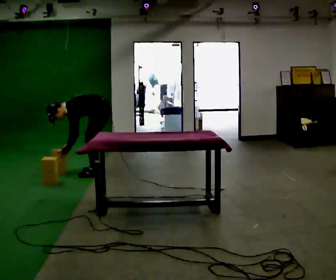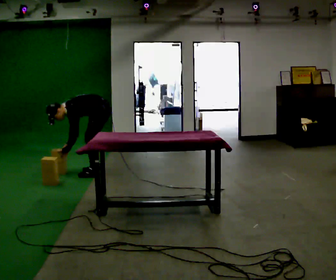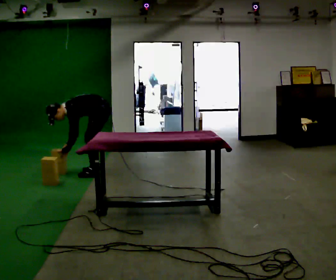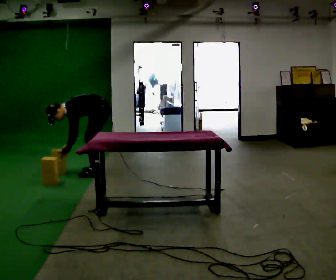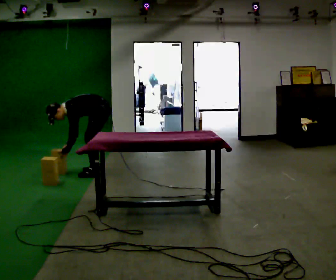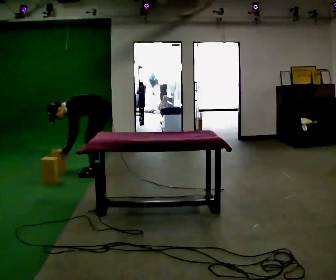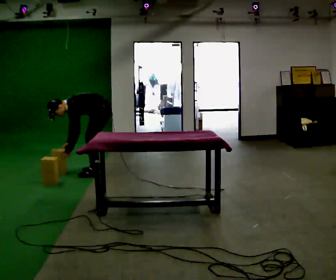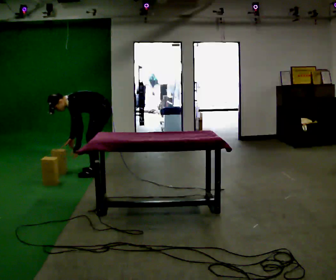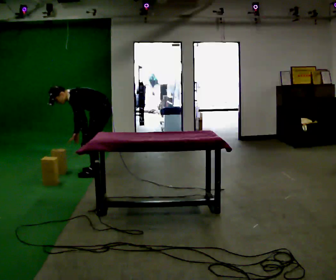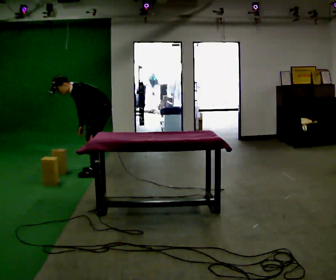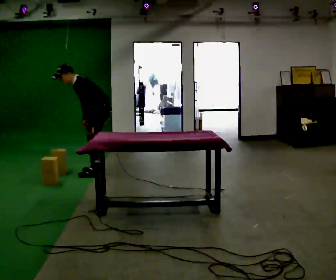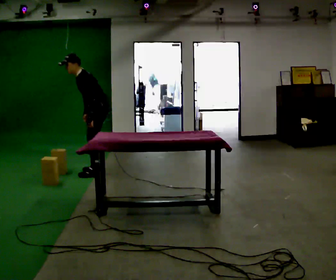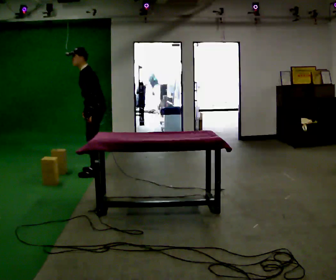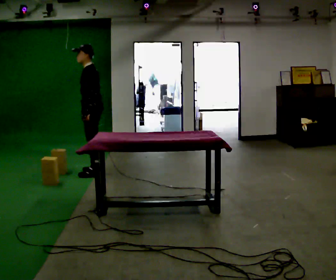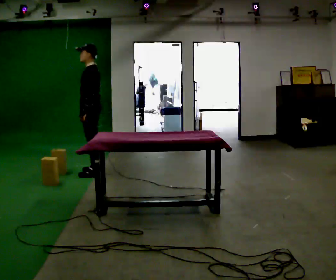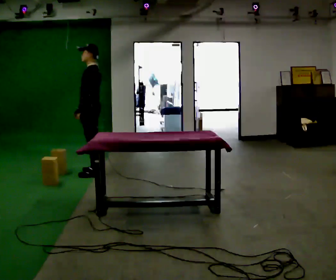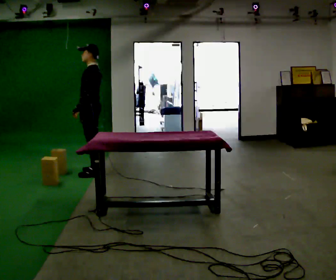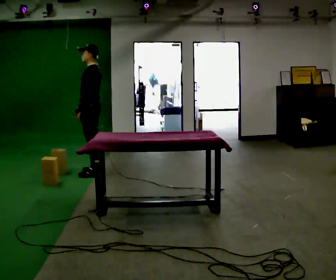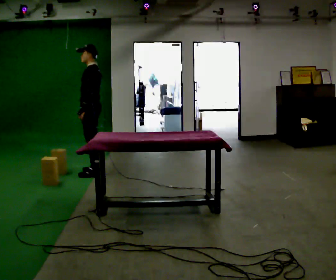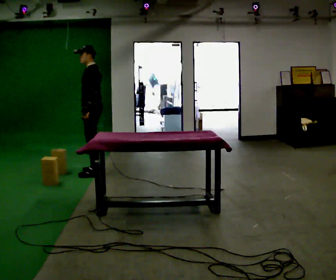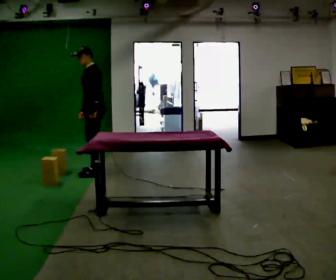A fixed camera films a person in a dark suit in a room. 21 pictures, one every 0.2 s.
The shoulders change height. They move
upward.
Their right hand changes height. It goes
upward.
0.0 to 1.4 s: The upper body tips away from the camera, its near side rolling upward, as they lean back or straighten.
1.4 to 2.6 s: The upper body goes upward. In the picture the upper body tilts clockwise, shoulders to the right, as they lean back or straighten. In the picture their left hand goes upward.
2.6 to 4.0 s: The person moves a little, or ends about where they began.
The film runs forward here.
